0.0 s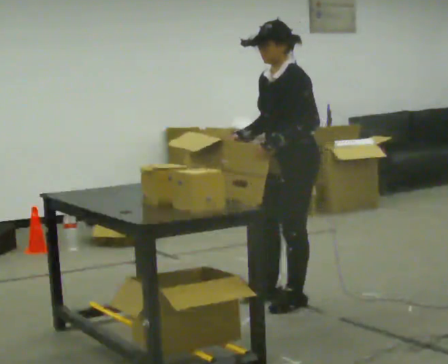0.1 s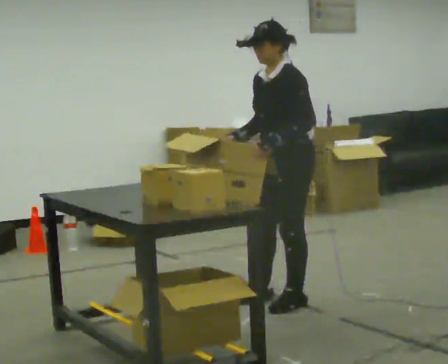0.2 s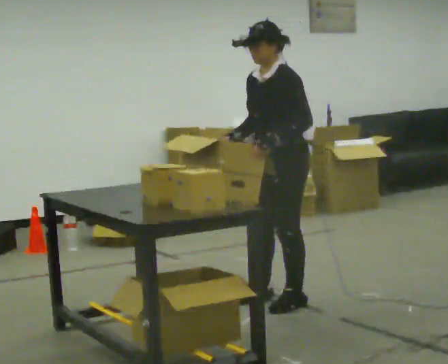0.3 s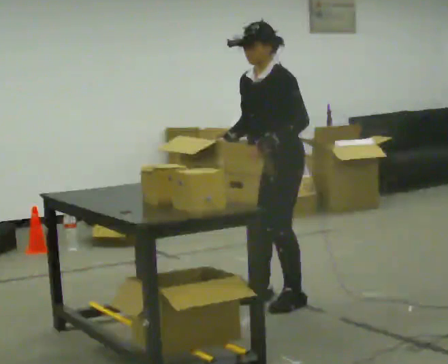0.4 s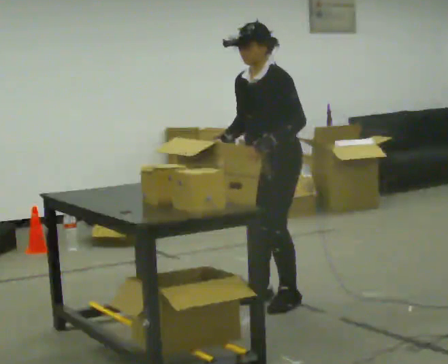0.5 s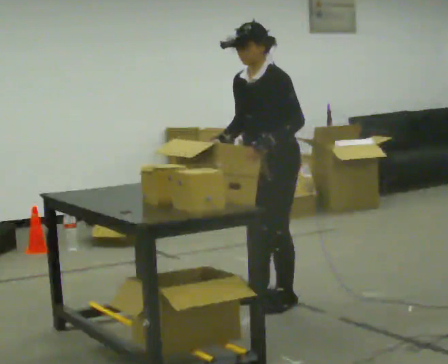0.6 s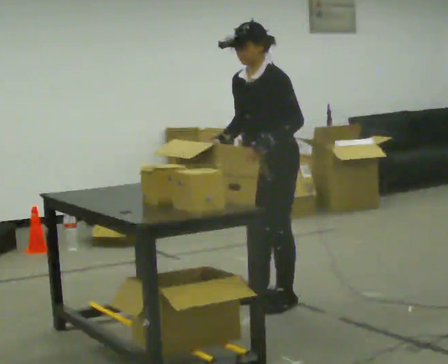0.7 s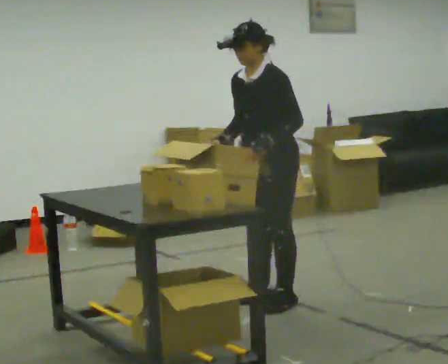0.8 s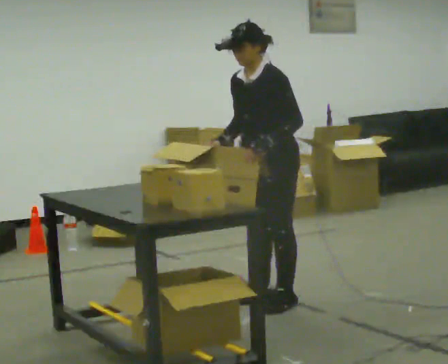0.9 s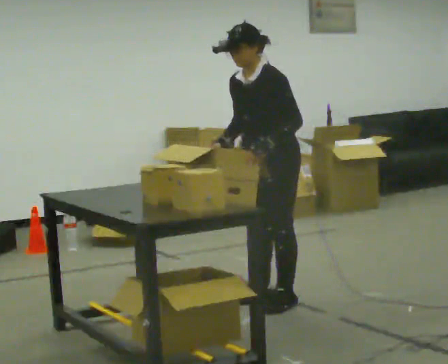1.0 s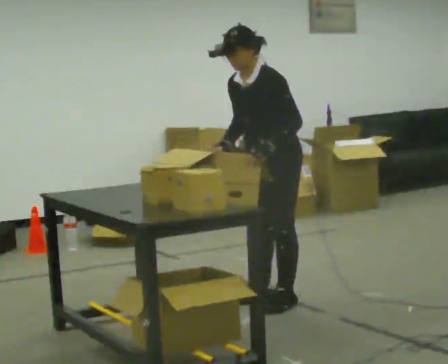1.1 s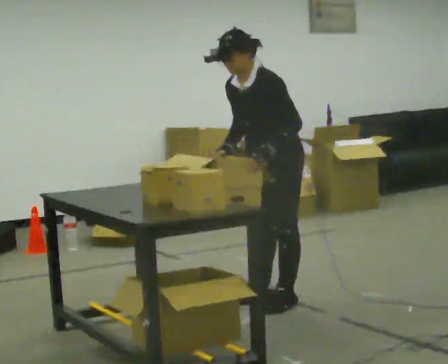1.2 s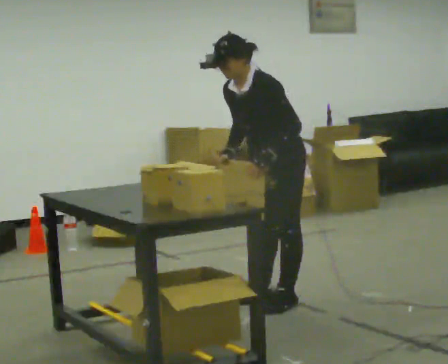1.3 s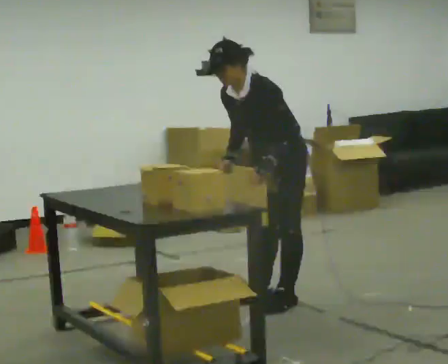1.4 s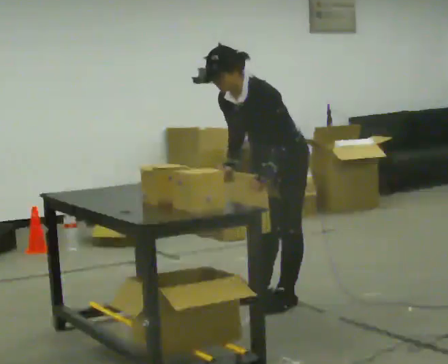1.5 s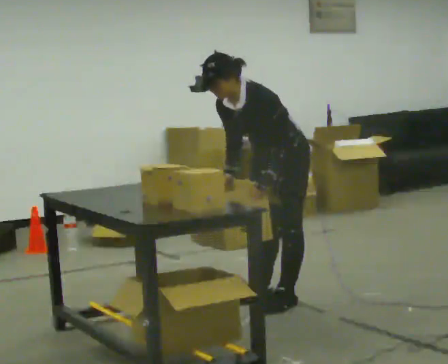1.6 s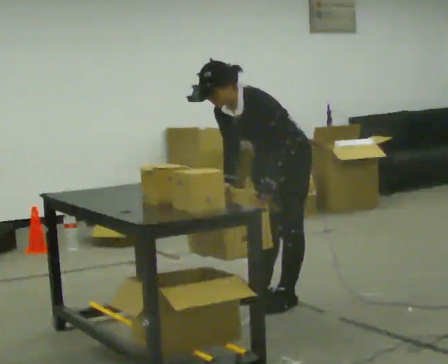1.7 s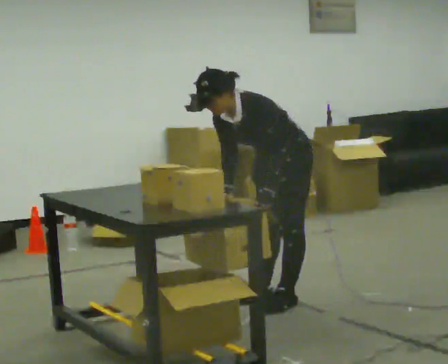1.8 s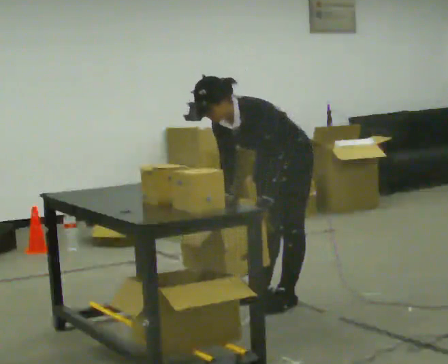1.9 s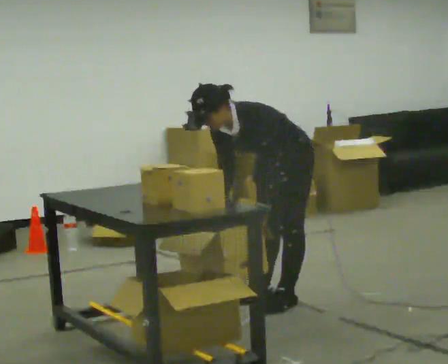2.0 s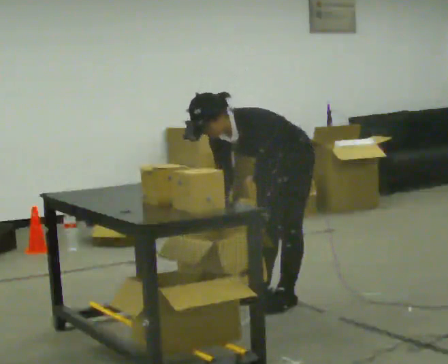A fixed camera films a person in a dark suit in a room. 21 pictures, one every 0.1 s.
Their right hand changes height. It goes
downward.
The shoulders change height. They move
downward.
0.0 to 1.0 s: The person moves a little, or ends about where they began.
1.0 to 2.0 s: The upper body goes downward. In the picture the upper body tilts counterclockwise, shoulders to the left, as they bend forward. In the picture their right hand goes downward.
The film runs forward here.
